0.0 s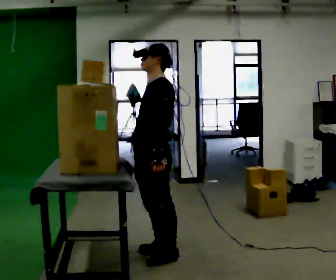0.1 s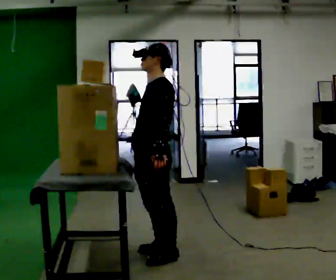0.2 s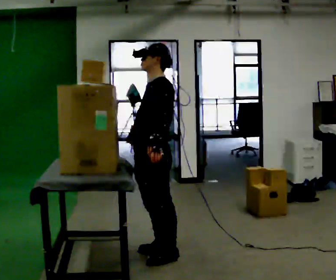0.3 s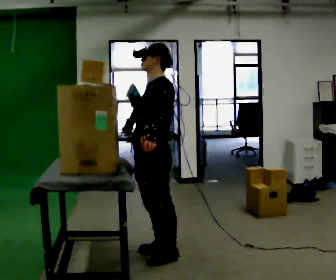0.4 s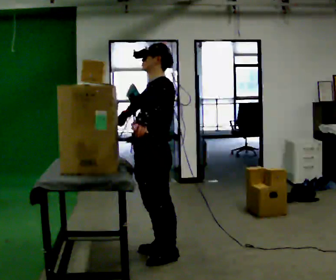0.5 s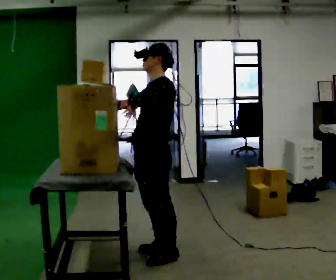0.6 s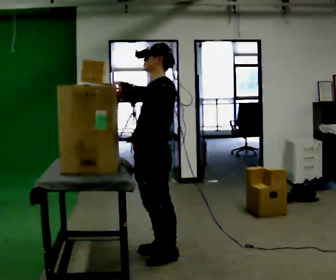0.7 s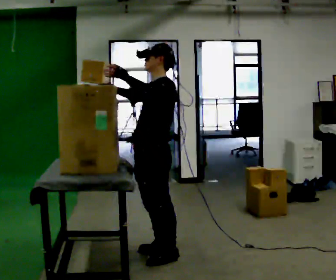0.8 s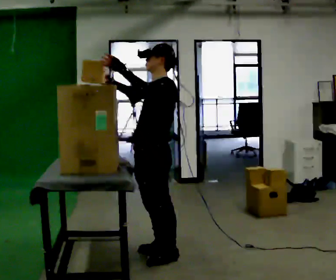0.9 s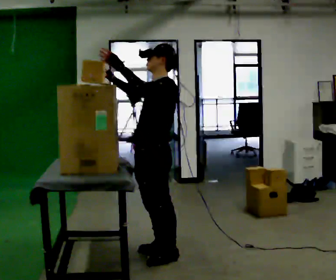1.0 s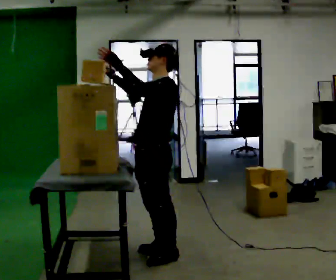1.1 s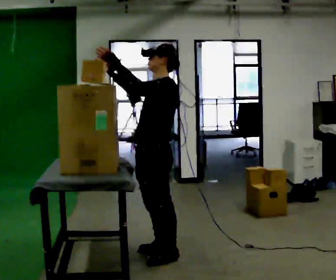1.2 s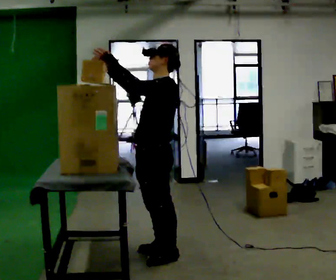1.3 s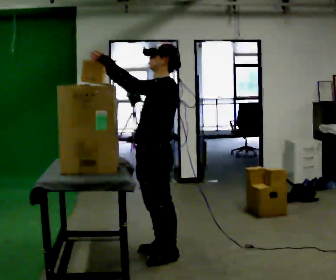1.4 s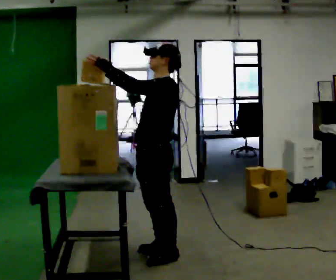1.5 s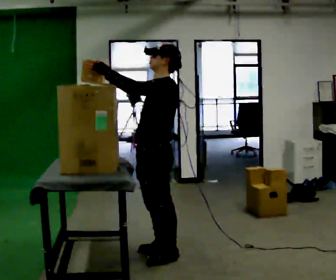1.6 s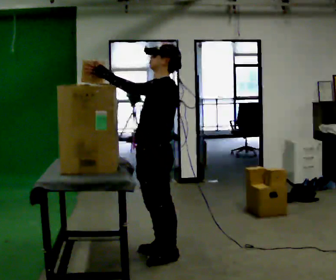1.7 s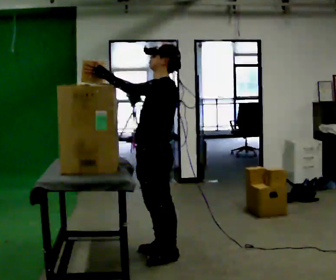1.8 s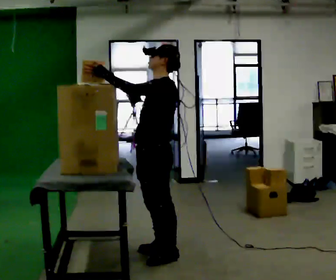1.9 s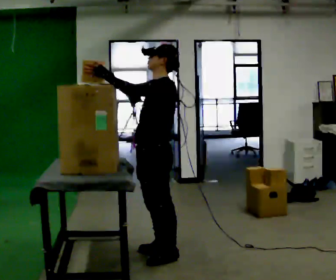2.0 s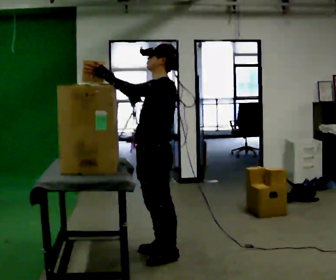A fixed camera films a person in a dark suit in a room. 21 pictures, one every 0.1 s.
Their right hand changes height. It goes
upward.
Their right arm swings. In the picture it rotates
clockwise.
0.0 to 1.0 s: In the picture their left hand goes upward.
1.0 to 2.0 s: The person moves a little, or ends about where they began.
The film runs forward here.
